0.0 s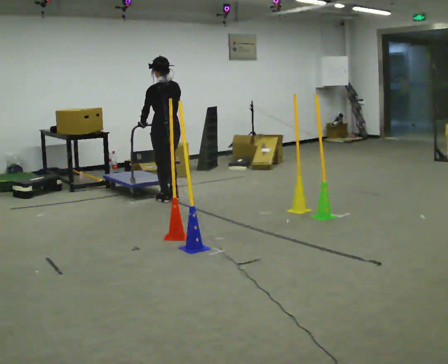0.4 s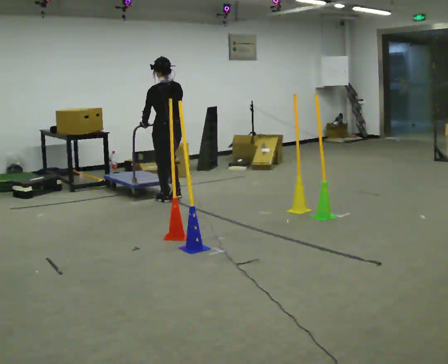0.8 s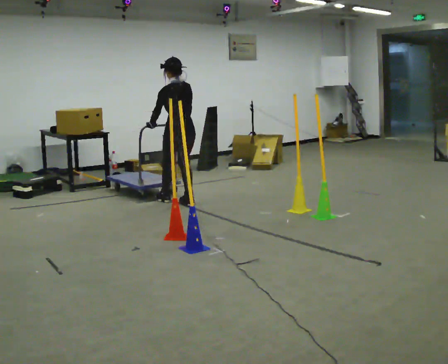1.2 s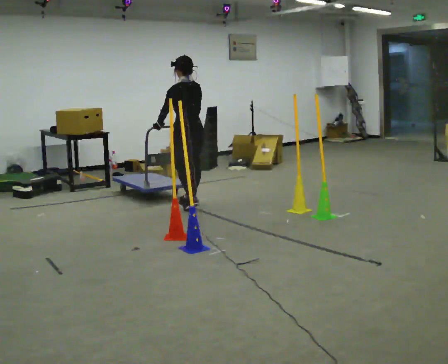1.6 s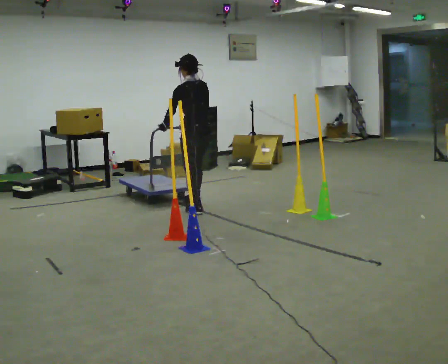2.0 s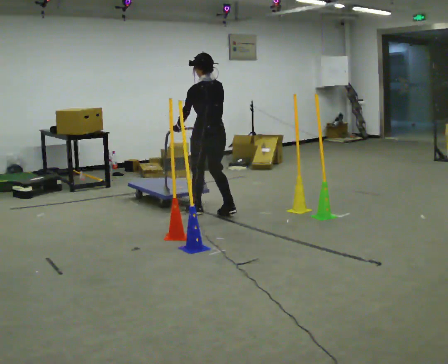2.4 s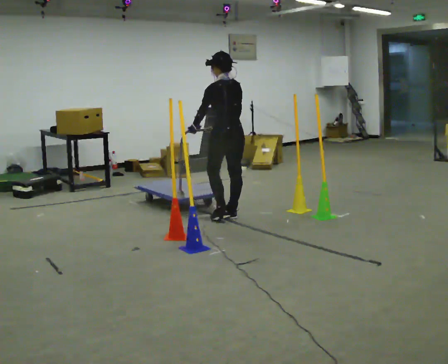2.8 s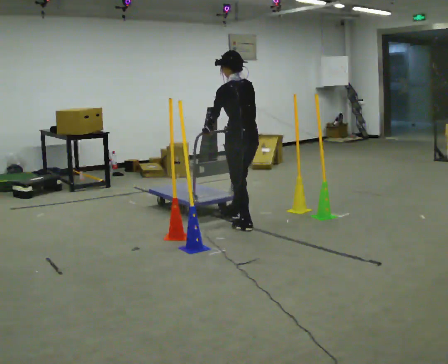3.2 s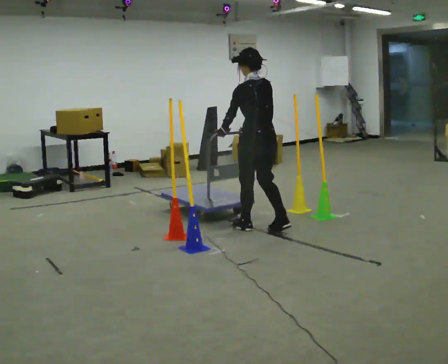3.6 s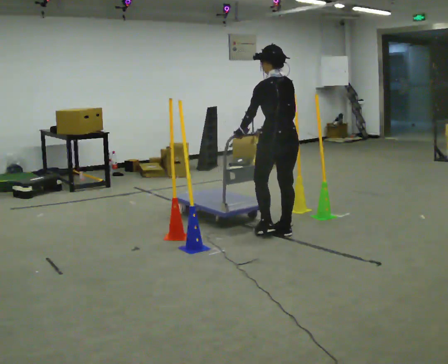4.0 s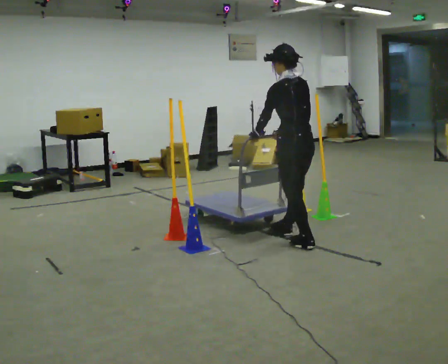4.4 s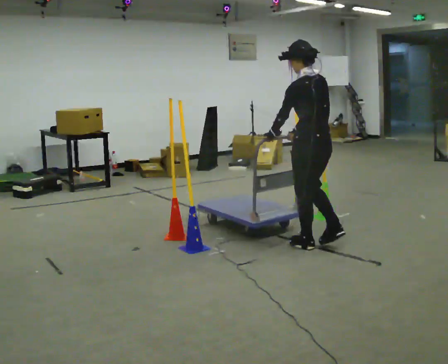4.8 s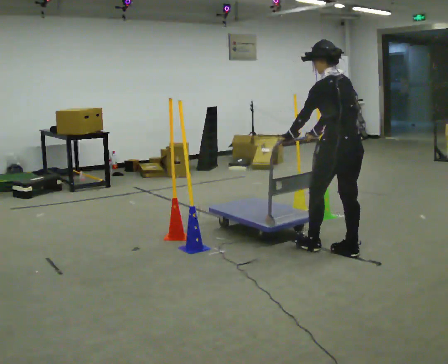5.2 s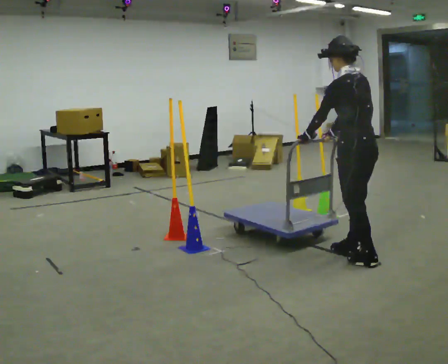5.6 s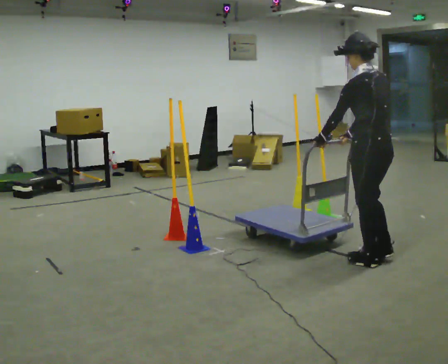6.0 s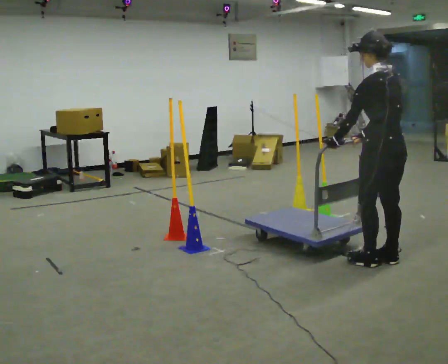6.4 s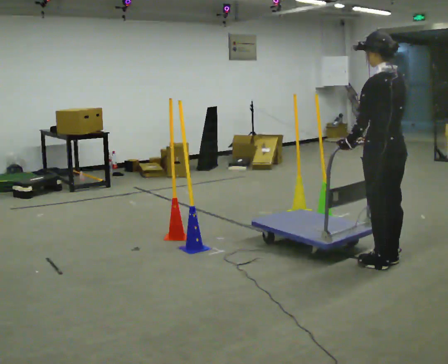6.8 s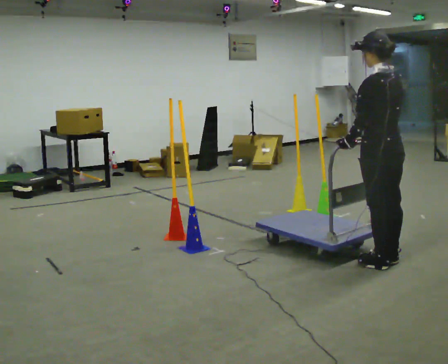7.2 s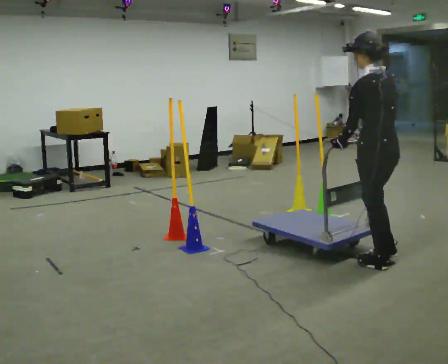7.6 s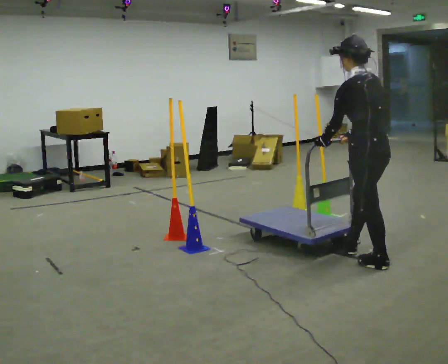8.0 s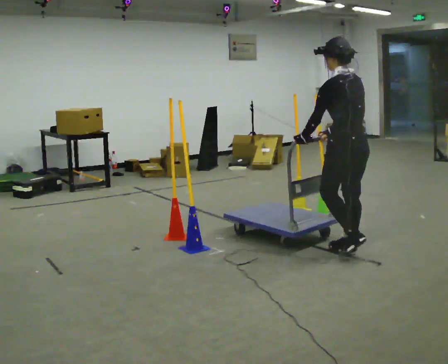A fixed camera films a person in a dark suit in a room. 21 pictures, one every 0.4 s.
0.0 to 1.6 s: In the picture they go to the right and toward the camera, about 0.5 m in 2 steps, which for them is backward.
1.6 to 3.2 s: In the picture they go to the right and toward the camera, about 1 m in 2 steps, which for them is backward.
3.2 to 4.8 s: In the picture they go toward the camera and to the right, about 1 m in 3 steps, which for them is backward.
4.8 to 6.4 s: In the picture they go to the right and toward the camera, about 0.25 m in 2 steps, which for them is backward.
6.4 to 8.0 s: In the picture they go away from the camera and to the left, about 0.25 m in 1 step, which for them is forward.
The film runs forward here.
